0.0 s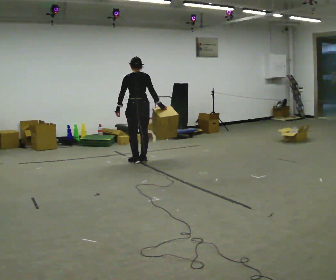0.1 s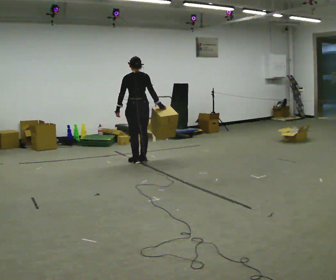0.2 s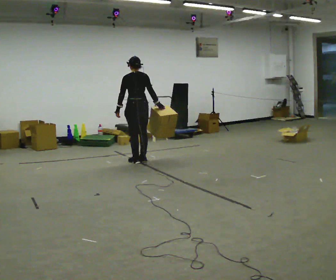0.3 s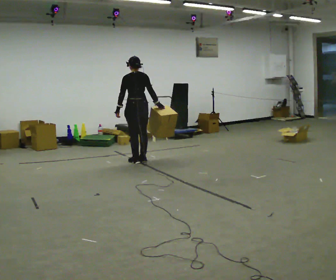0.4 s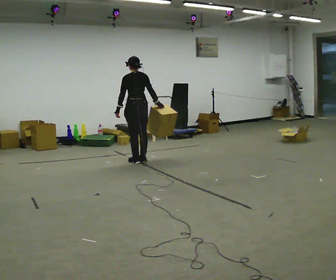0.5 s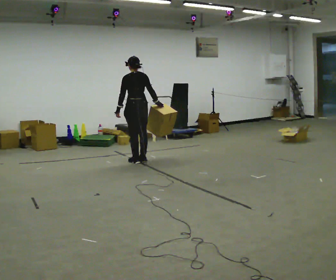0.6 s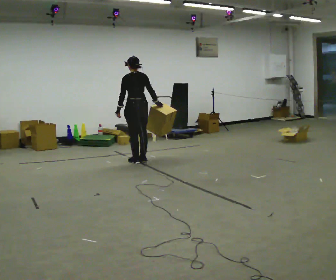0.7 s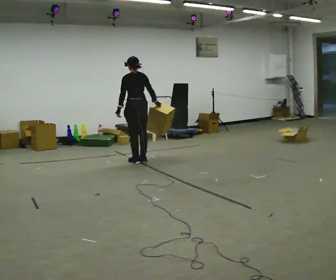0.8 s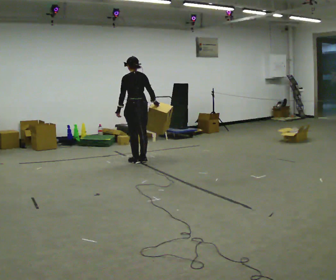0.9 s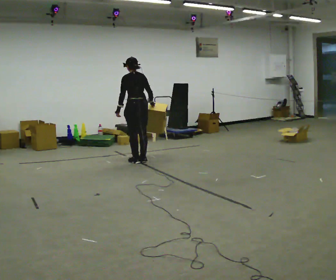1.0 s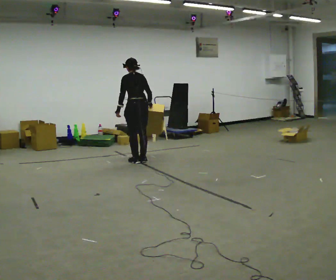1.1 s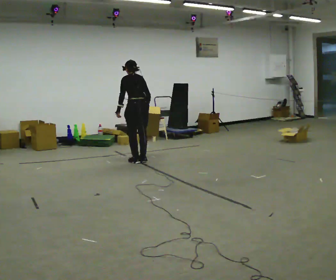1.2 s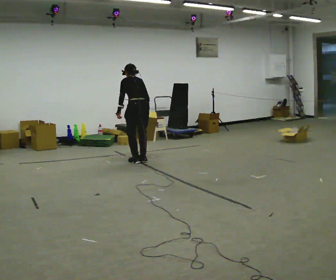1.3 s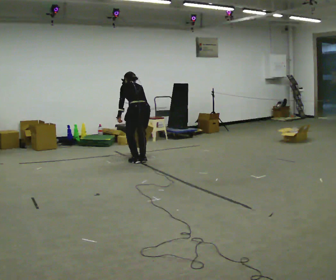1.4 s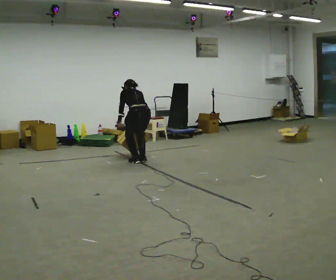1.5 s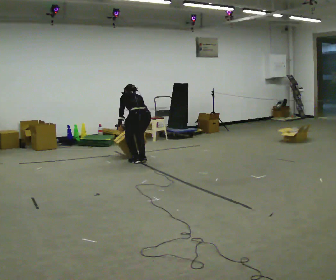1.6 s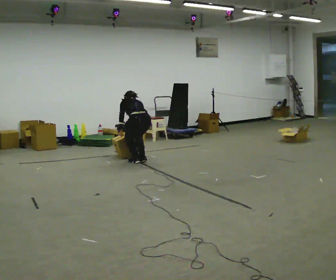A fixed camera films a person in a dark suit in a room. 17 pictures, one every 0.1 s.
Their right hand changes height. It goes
downward.
The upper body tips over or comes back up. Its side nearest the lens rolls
upward.
0.0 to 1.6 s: The upper body goes downward. The upper body tips away from the camera, its near side rolling upward, as they bend forward.
The film runs backward here.
